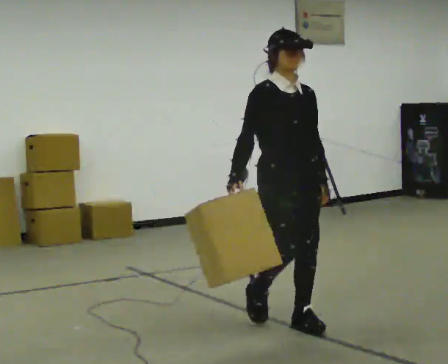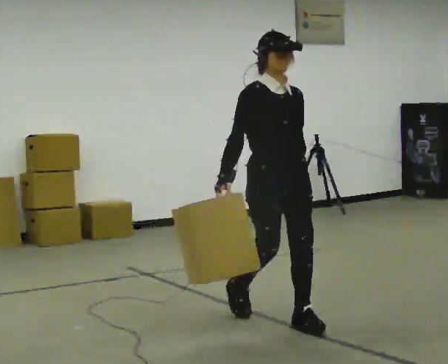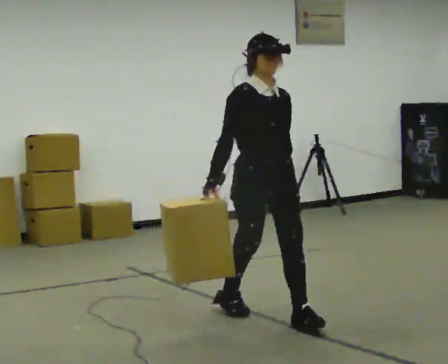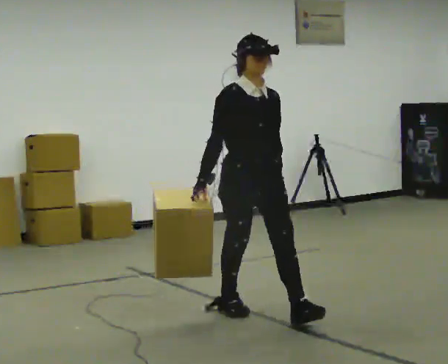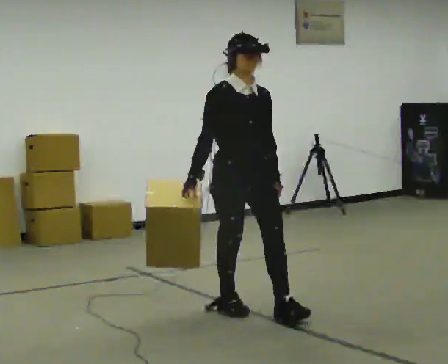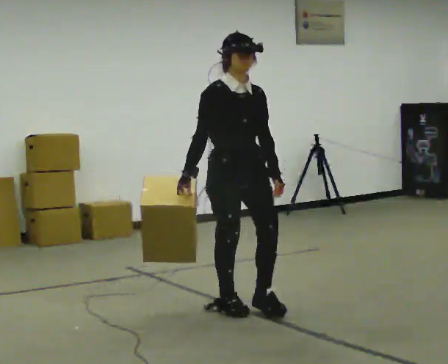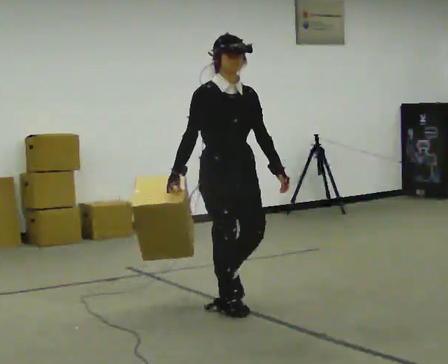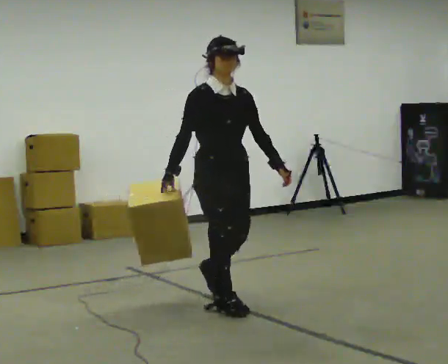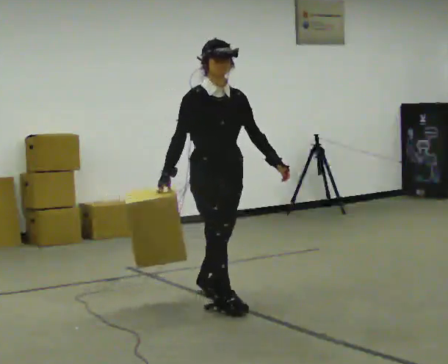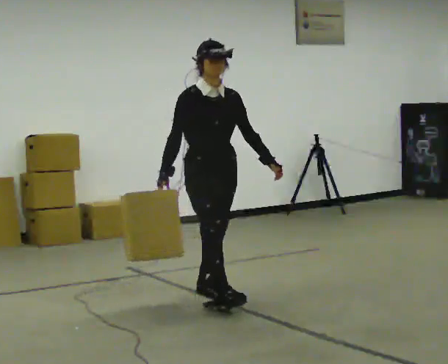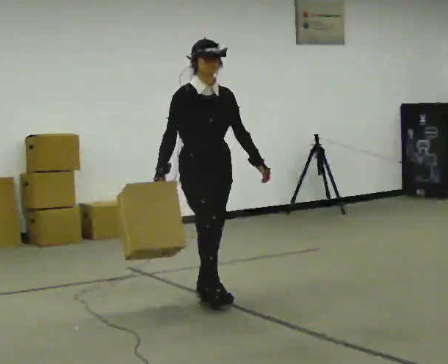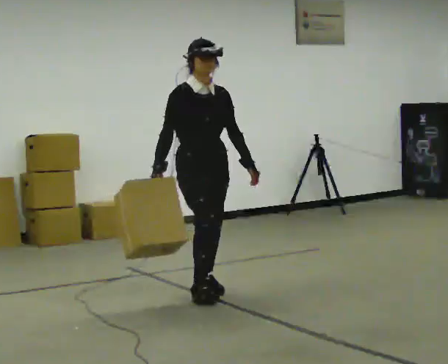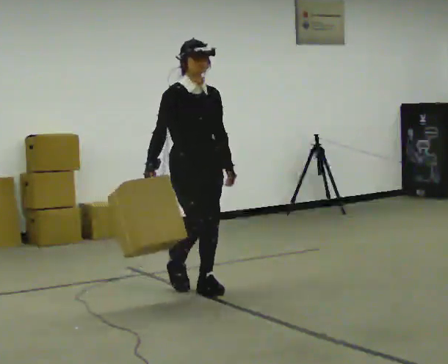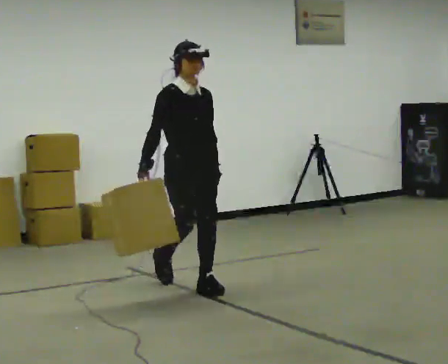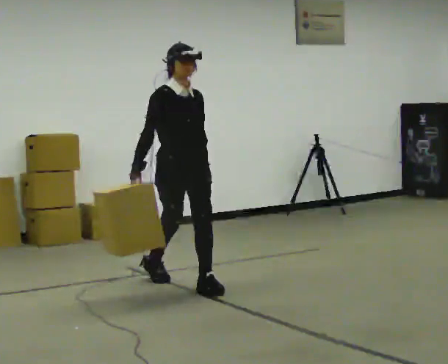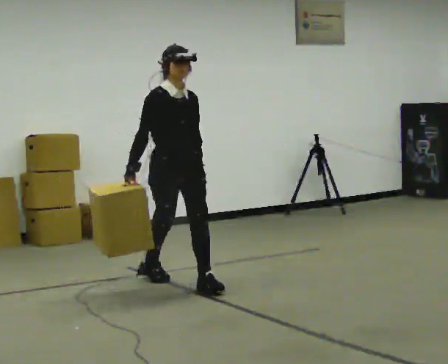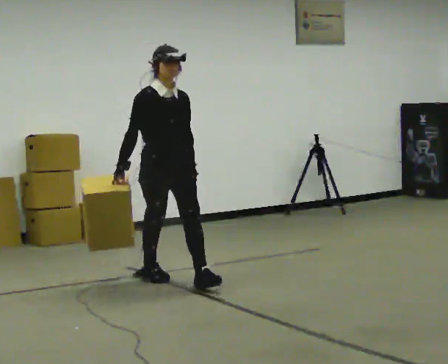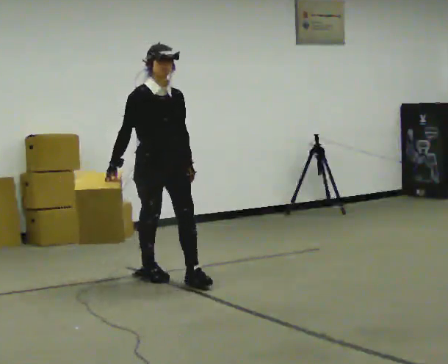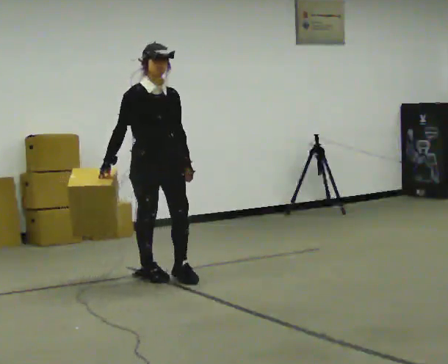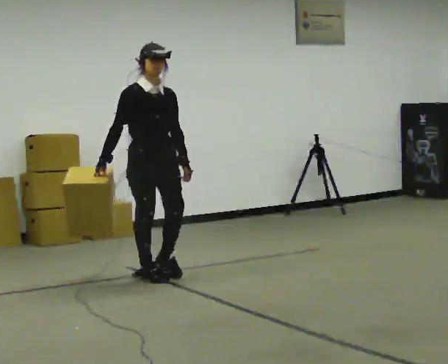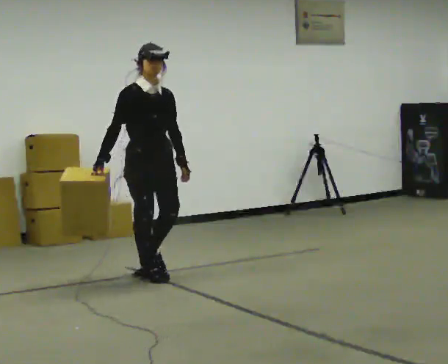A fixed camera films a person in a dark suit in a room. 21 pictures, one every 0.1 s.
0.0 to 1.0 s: In the picture they go away from the camera and to the left, about 1 m in 2 steps, which for them is backward.
1.0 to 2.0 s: In the picture they go away from the camera and to the left, about 0.75 m in 1 step, which for them is backward.
The film runs backward here.
